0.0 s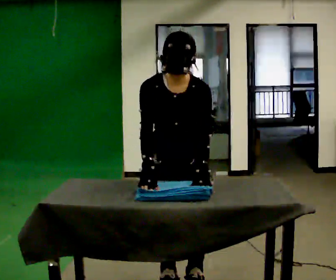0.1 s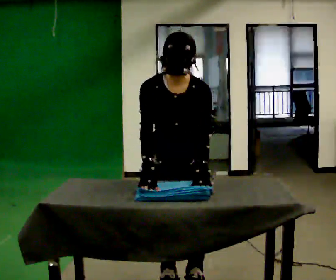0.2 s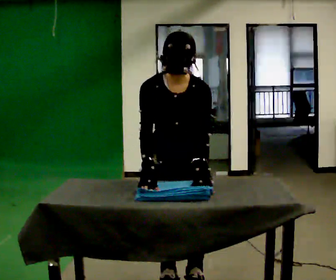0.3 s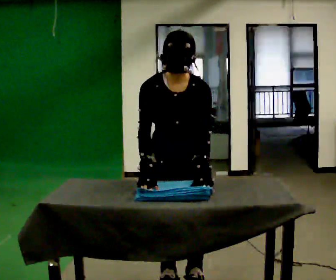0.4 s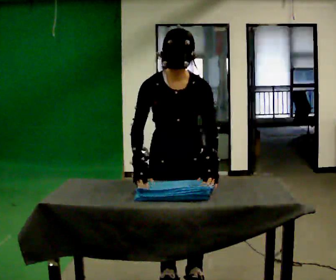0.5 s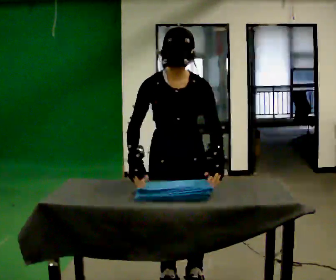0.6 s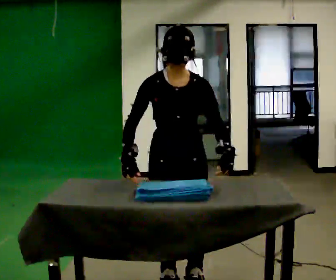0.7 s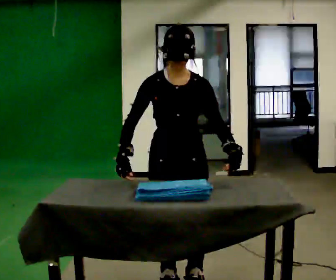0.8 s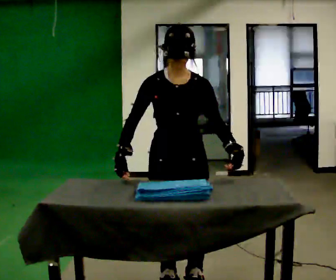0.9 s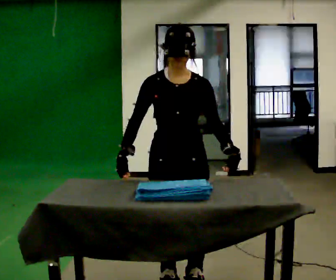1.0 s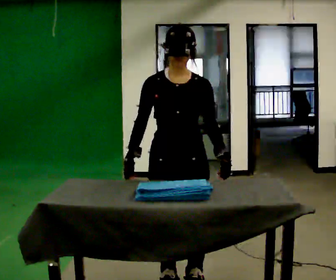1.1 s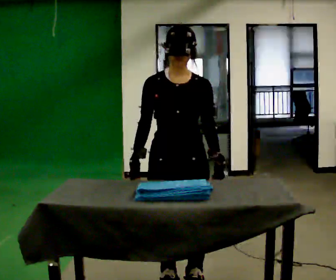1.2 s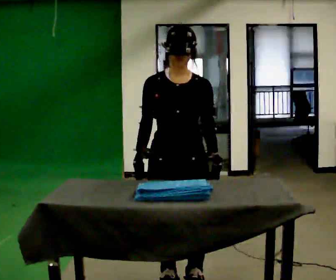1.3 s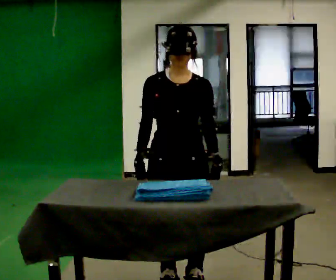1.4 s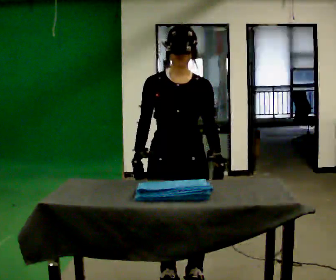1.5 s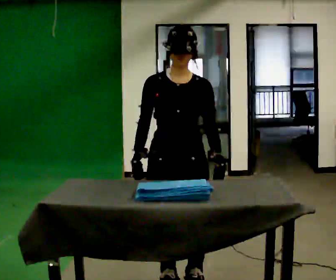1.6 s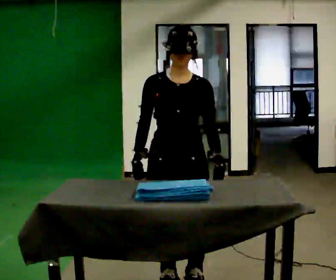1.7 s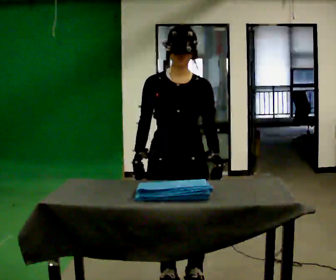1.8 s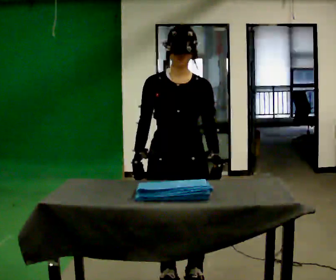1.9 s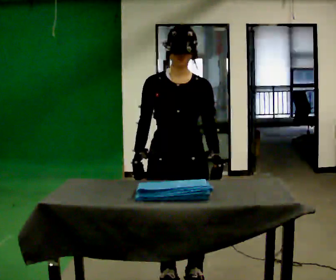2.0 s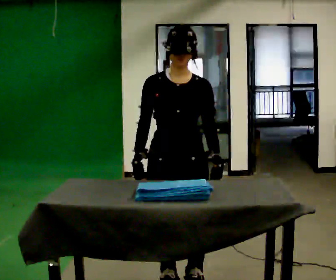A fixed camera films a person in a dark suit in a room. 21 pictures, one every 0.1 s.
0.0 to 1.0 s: The upper body tips away from the camera, its near side rolling upward, as they lean back or straighten.
1.0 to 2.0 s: The person moves a little, or ends about where they began.
The film runs forward here.
